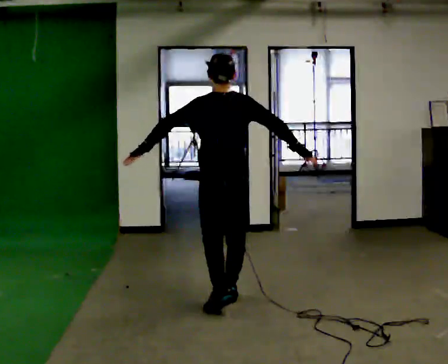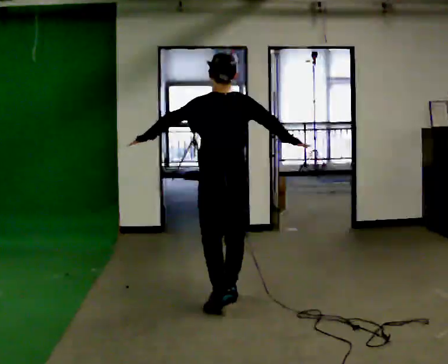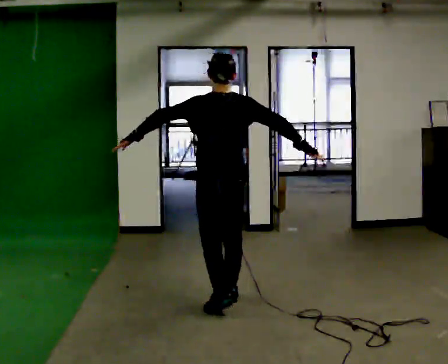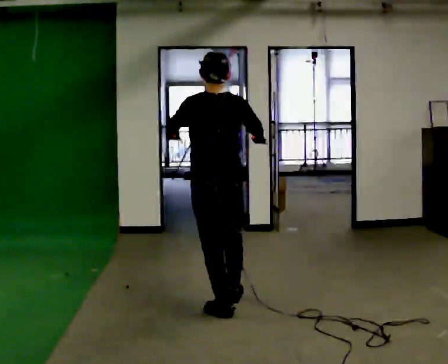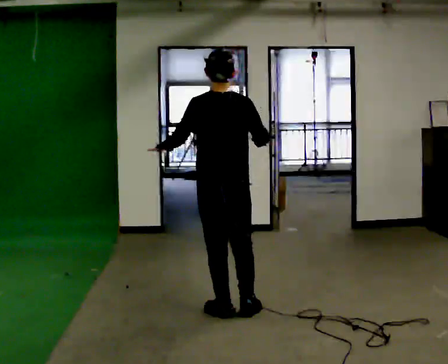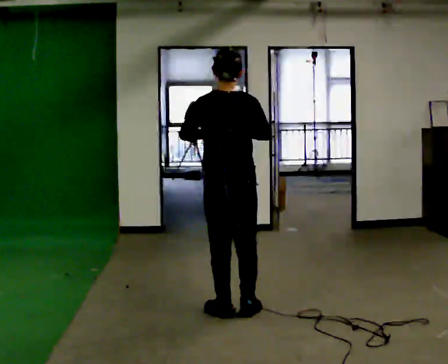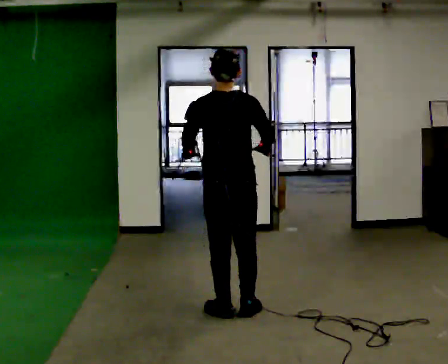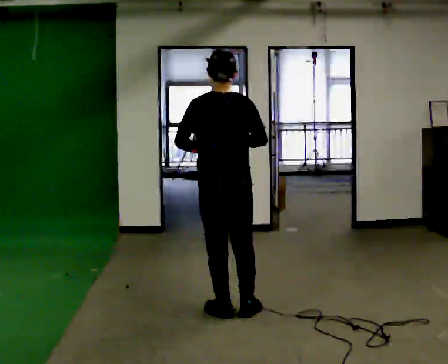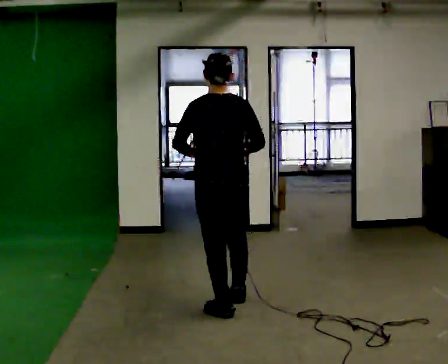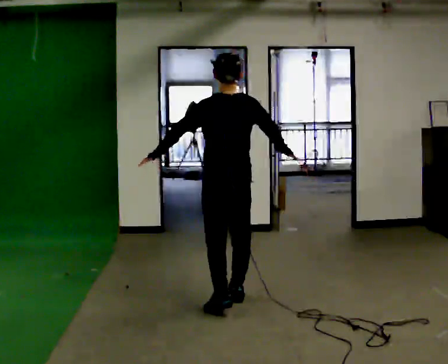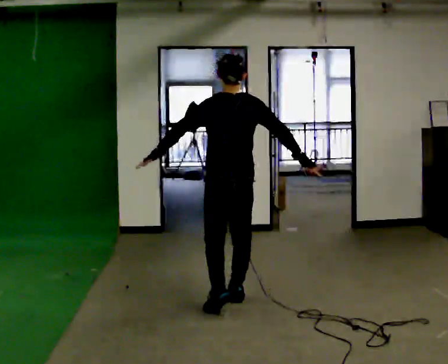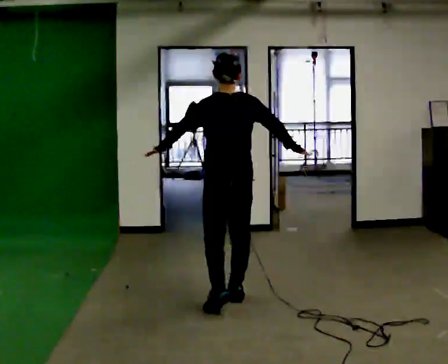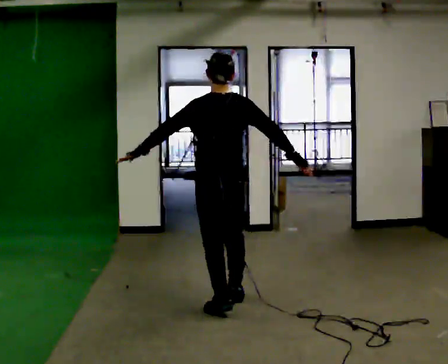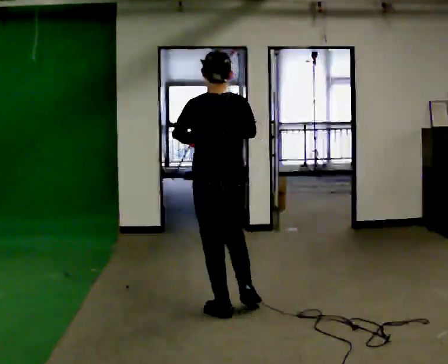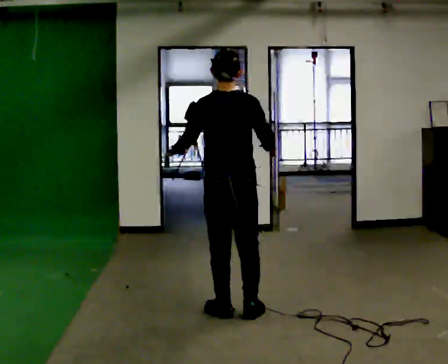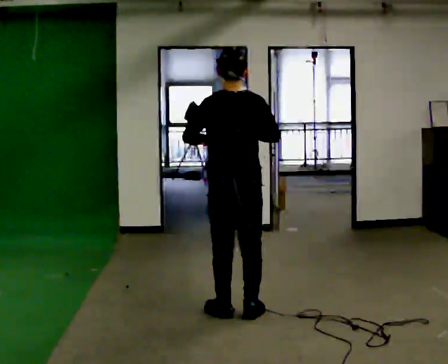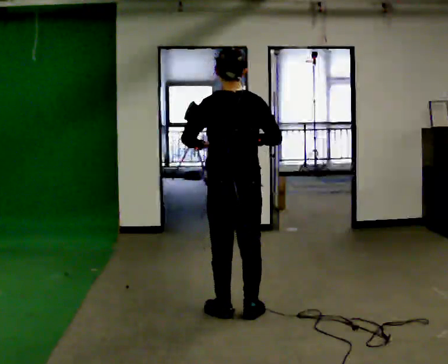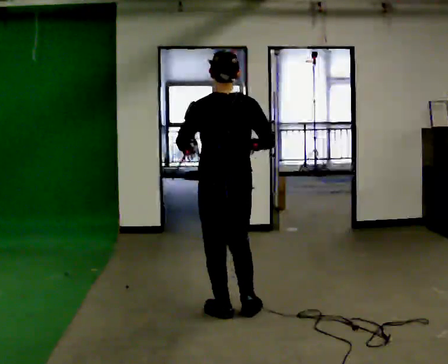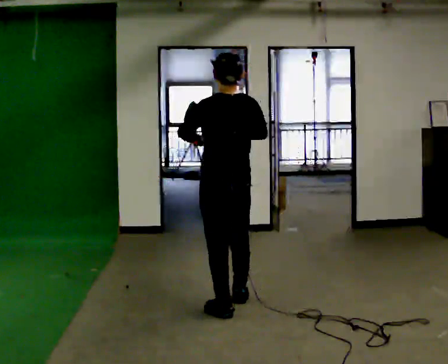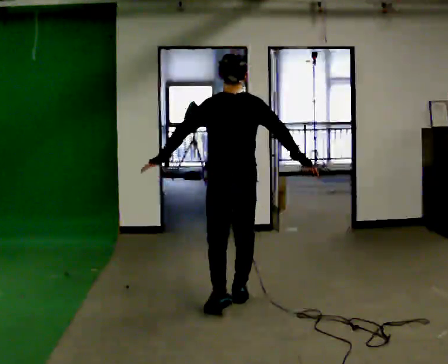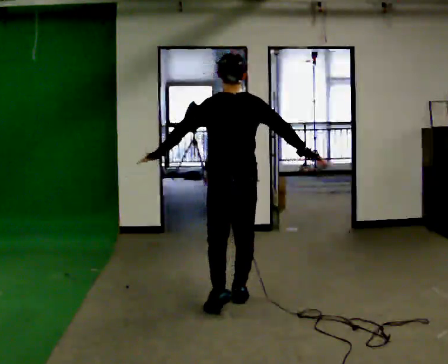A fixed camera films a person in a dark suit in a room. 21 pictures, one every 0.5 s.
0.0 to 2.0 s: In the picture they go toward the camera, about 0.25 m in 1 step, which for them is backward.
2.0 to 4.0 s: The person moves a little, or ends about where they began.
4.0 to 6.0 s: In the picture they go away from the camera, about 0.25 m, which for them is forward. In the picture their left hand goes to the left.
6.0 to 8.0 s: In the picture they go toward the camera, about 0.25 m in 1 step, which for them is backward.
8.0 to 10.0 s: In the picture they go away from the camera, about 0.25 m in 1 step, which for them is forward and to their right.
The film runs backward here.
